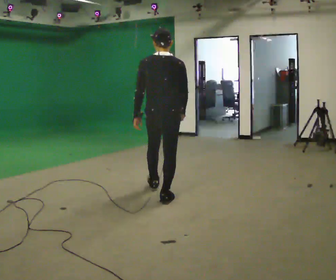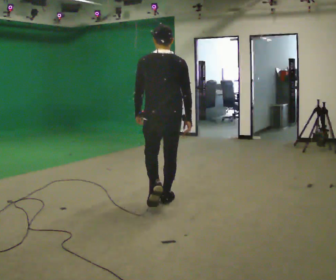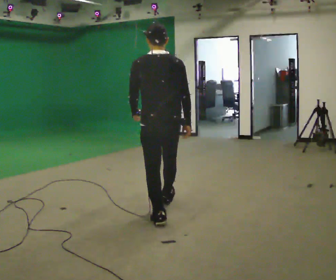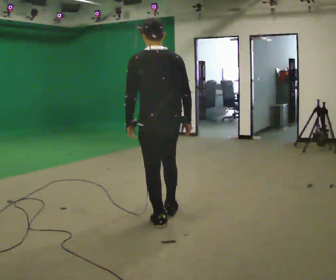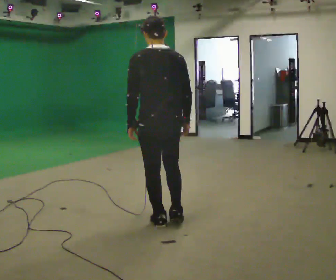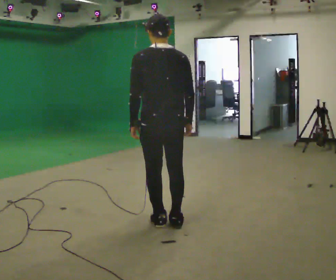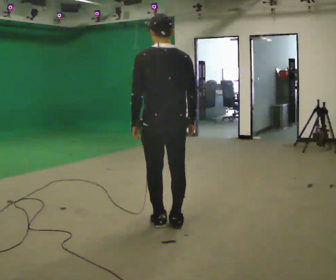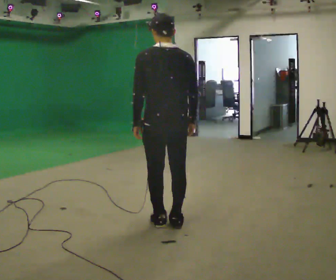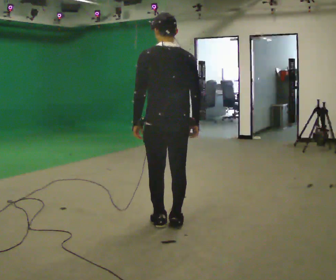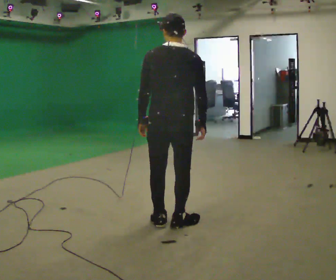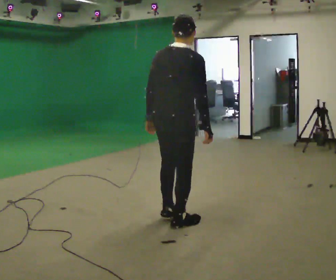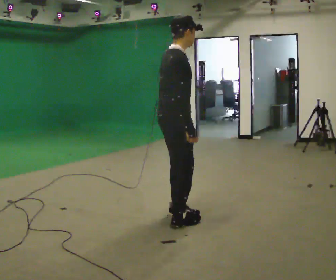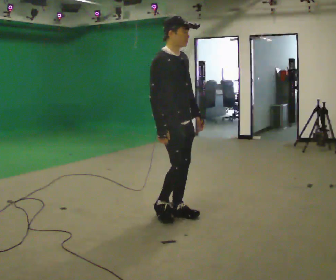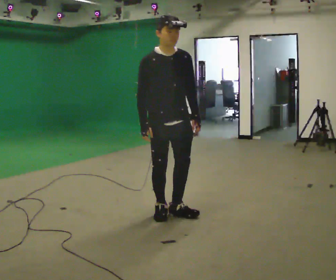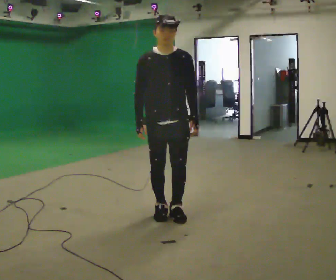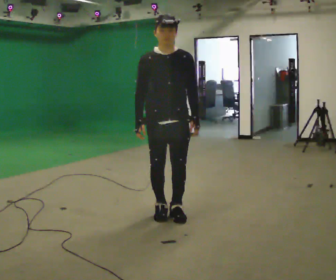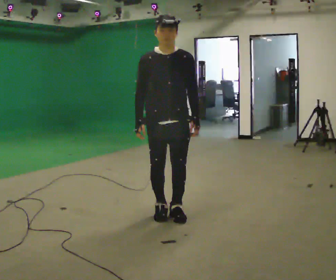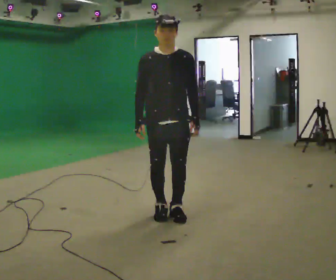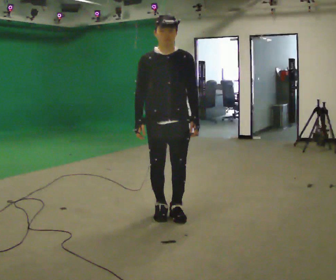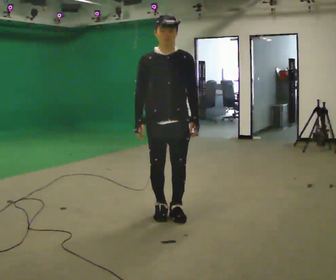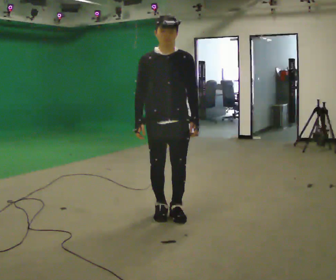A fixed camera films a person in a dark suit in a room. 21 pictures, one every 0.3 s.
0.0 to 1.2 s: In the picture they go toward the camera, about 1 m in 1 step, which for them is backward.
1.2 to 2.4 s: The person moves a little, or ends about where they began.
2.4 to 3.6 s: The person turns about 135 degrees to their right, clockwise seen from above, so the part of the body nearest the lens slides to the left. In the picture they go away from the camera, about 0.25 m in 2 steps. In the picture their left hand goes to the right, the arm swinging counterclockwise.
3.6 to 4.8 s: Seen from above the body turns clockwise, about 60 degrees: to their right, with its near side sliding to the left.
4.8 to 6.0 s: The person keeps their place and pose.
The film runs backward here.
